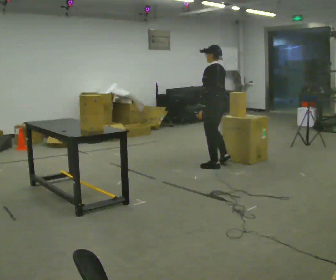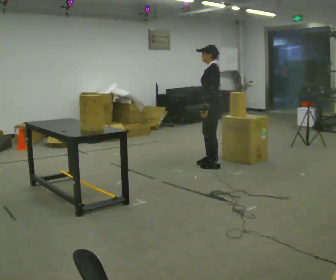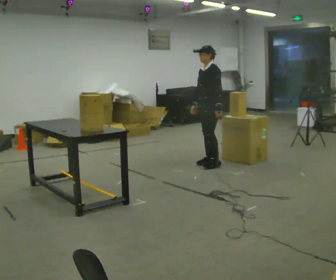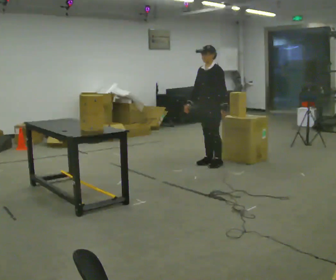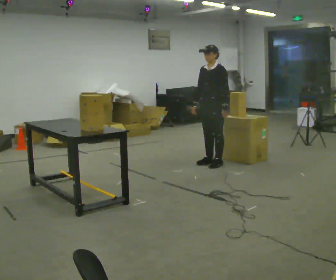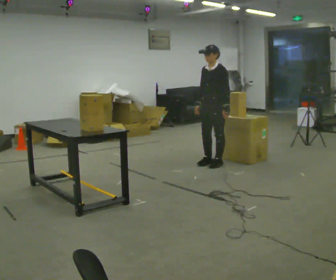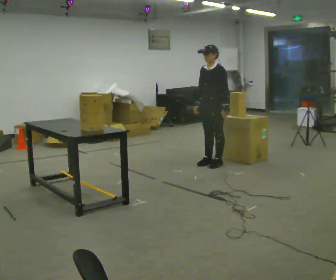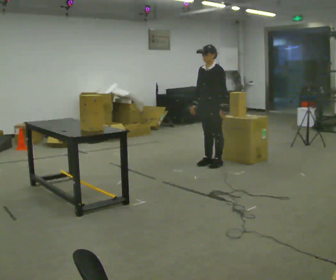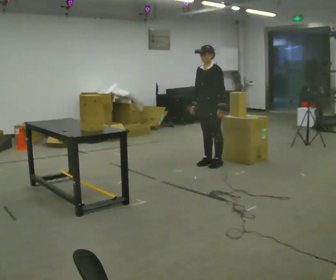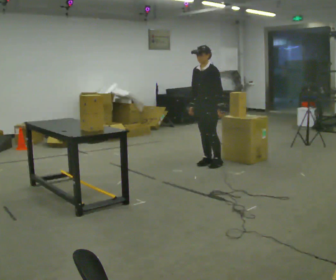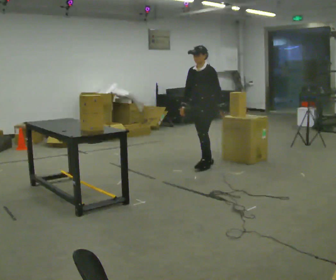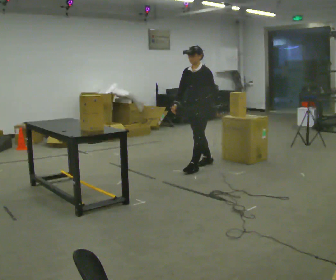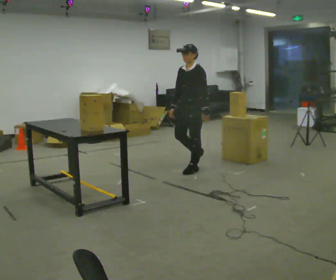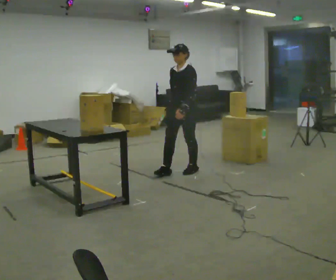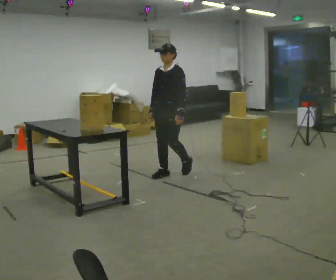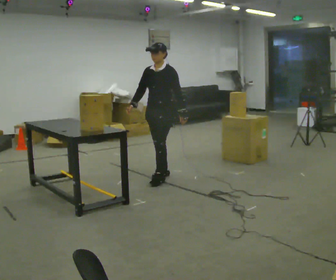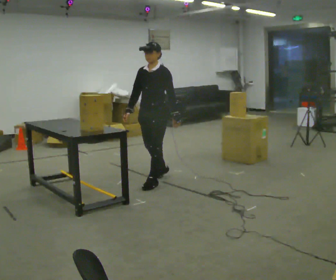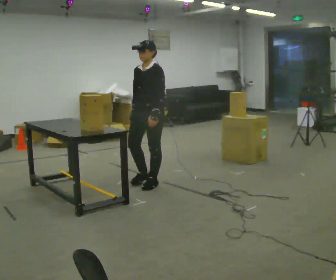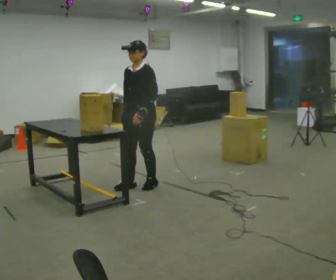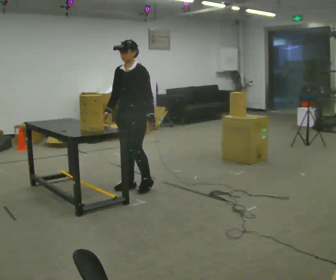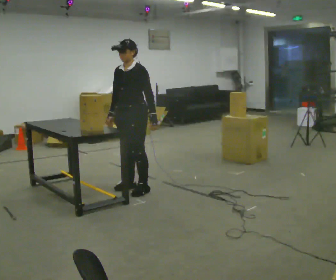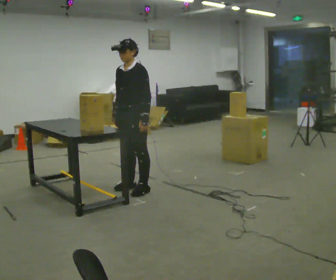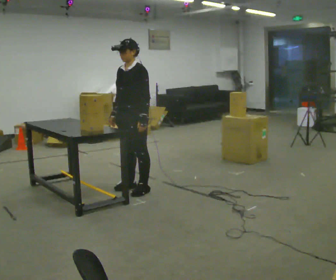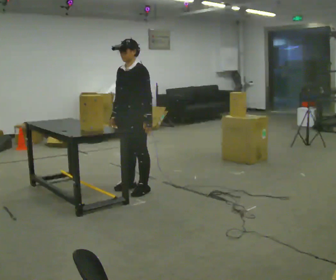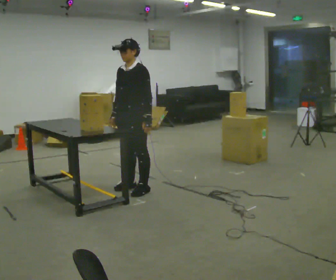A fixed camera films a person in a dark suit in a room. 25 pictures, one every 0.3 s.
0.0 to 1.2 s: The part of the body nearest the lens slides to the right as the person turns to their left by about 75 degrees. In the picture their left hand goes to the right.
1.2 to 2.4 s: The person moves a little, or ends about where they began.
2.4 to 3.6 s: In the picture they go toward the camera and to the left, about 0.5 m in 1 step, which for them is forward.
3.6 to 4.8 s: In the picture they go toward the camera and to the left, about 0.75 m in 2 steps, which for them is forward.
4.8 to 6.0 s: In the picture they go toward the camera and to the left, about 0.25 m in 2 steps, which for them is forward.
6.0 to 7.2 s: The person moves a little, or ends about where they began.
The film runs forward here.
